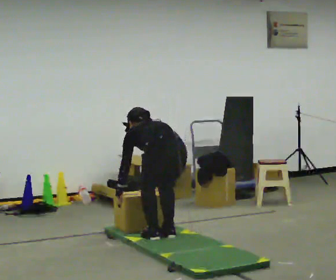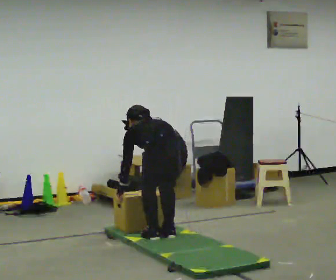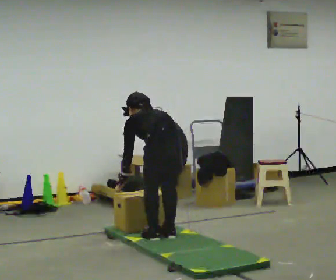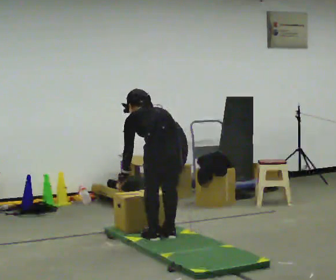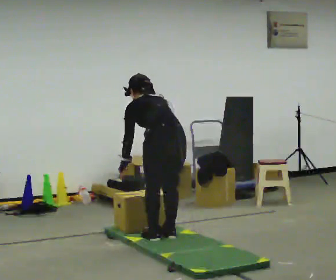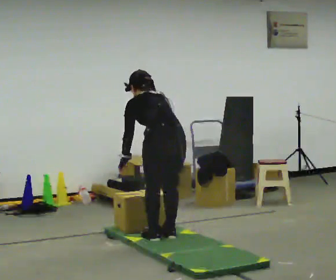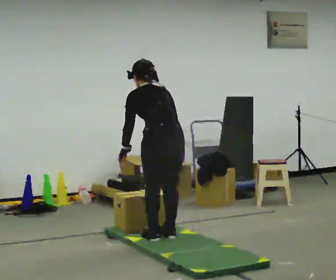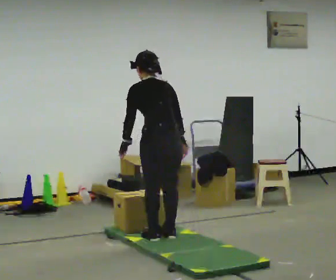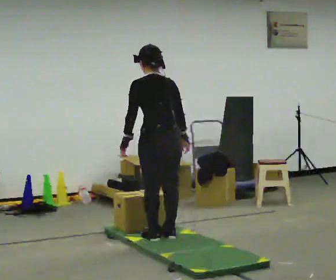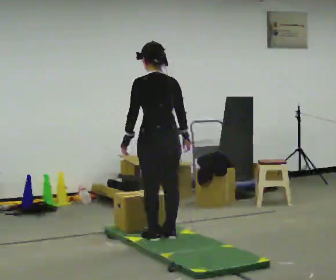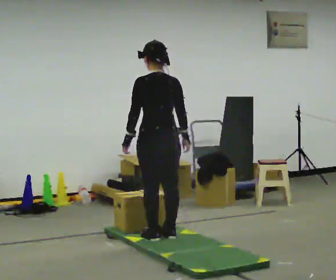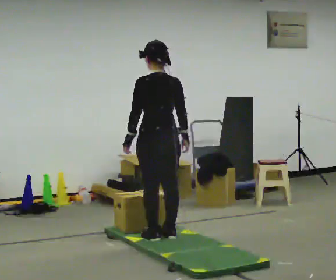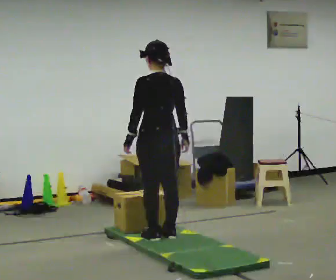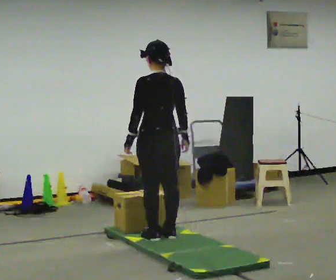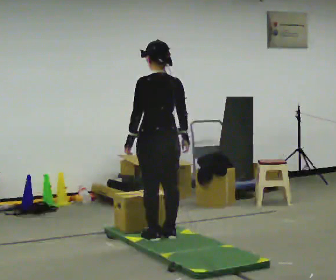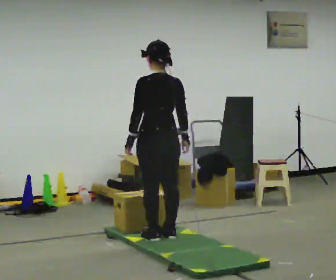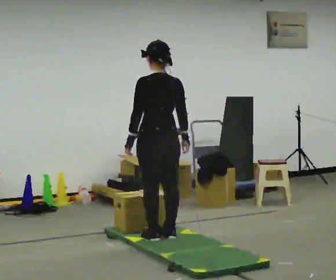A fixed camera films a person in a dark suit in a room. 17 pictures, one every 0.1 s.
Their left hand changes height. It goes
upward.
The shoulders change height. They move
upward.
0.0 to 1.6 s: The shoulders move upward. The upper body tips toward the camera, its near side rolling downward, as they lean back or straighten. In the picture their right hand goes upward.
The film runs backward here.
